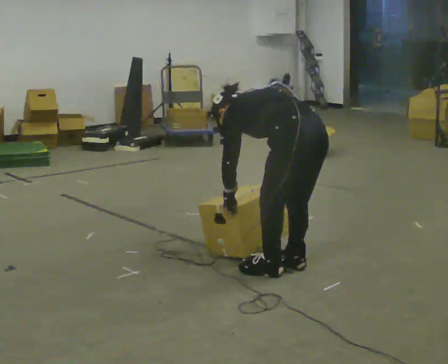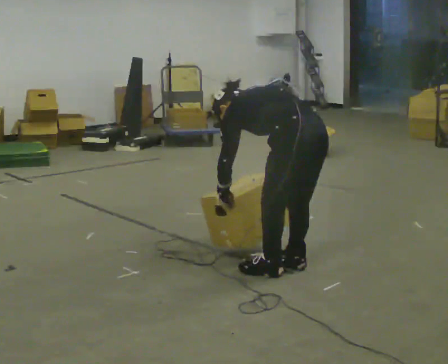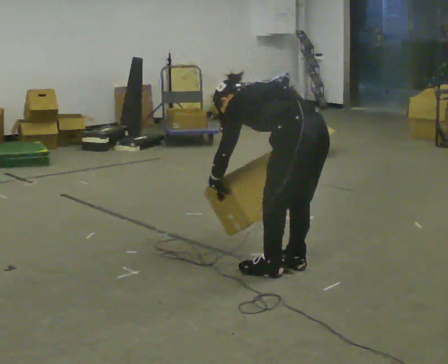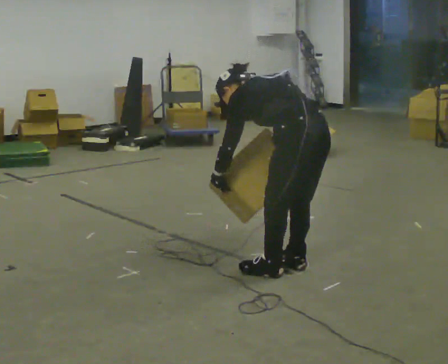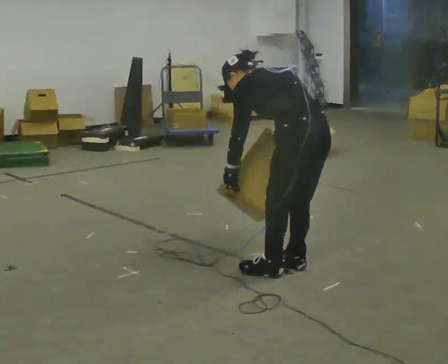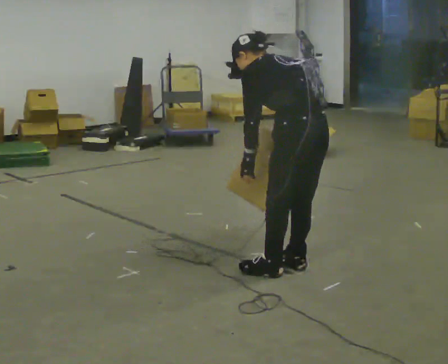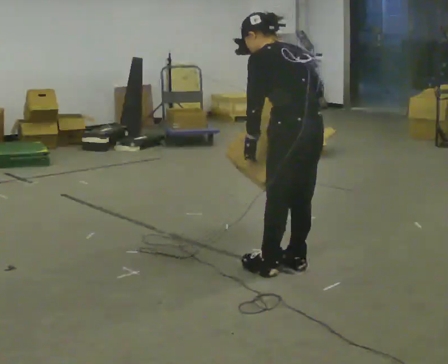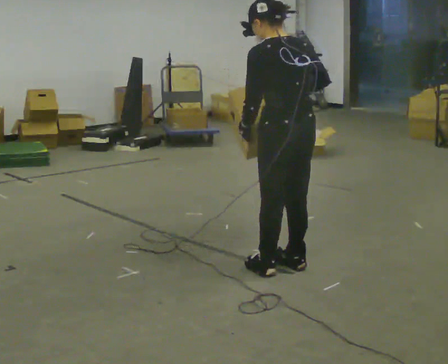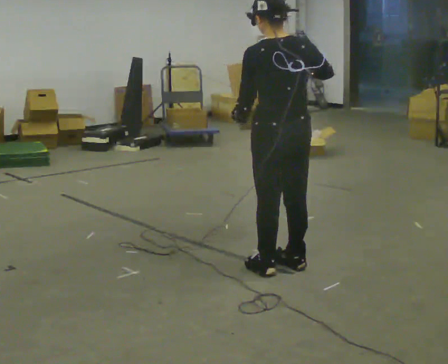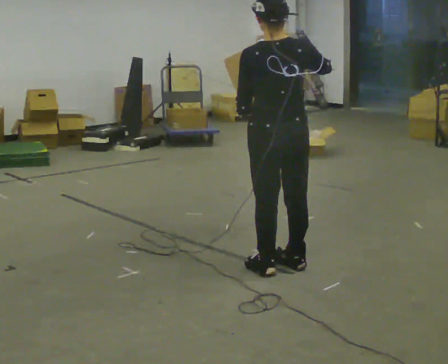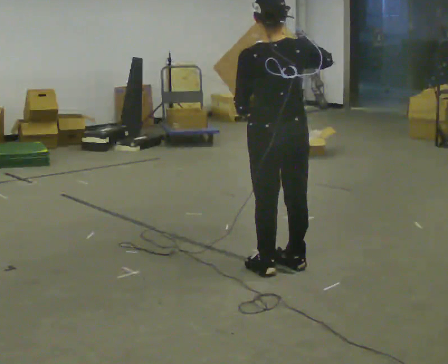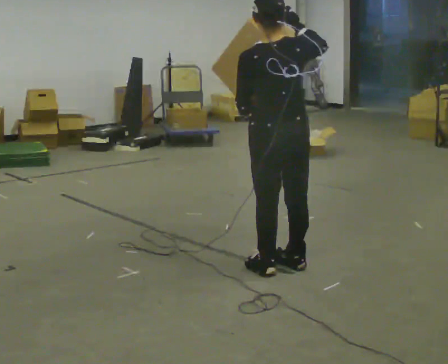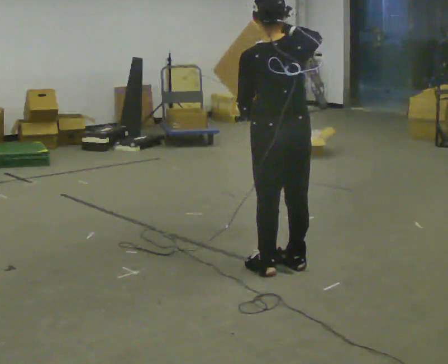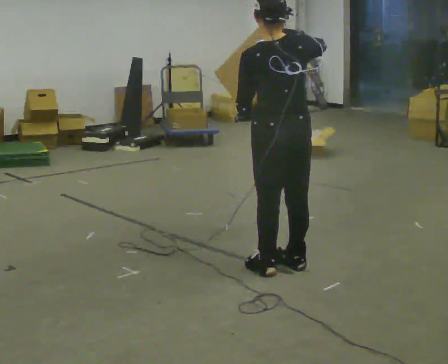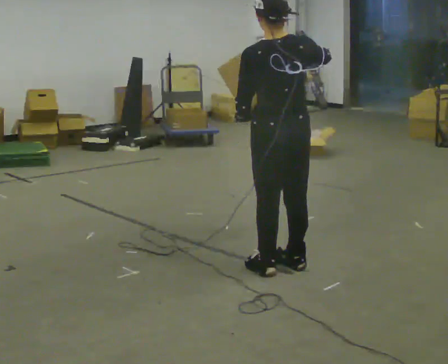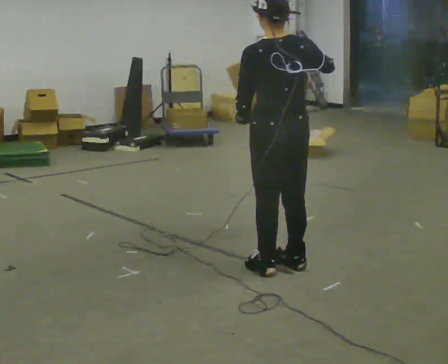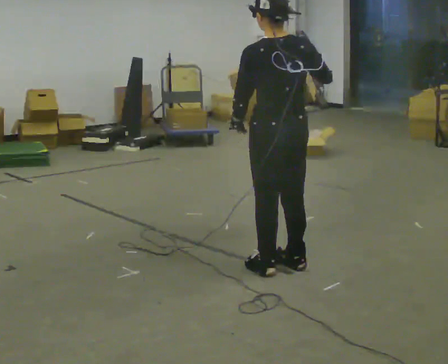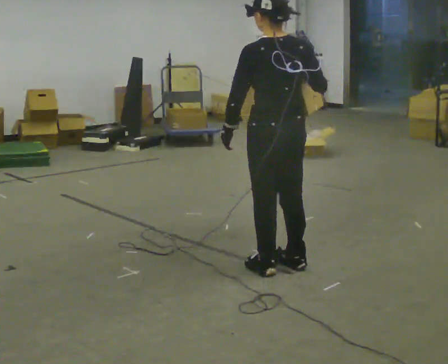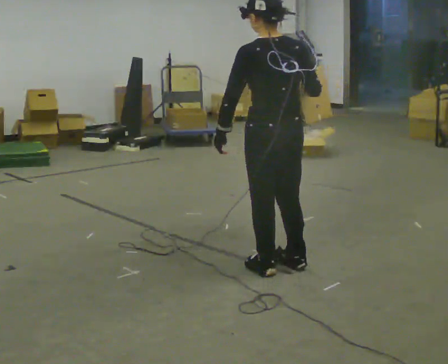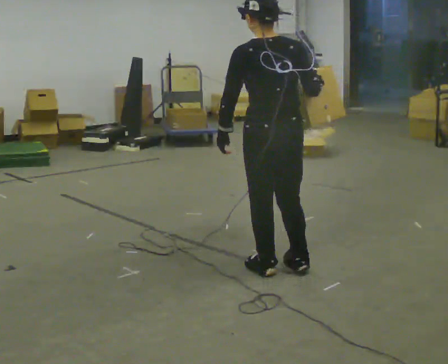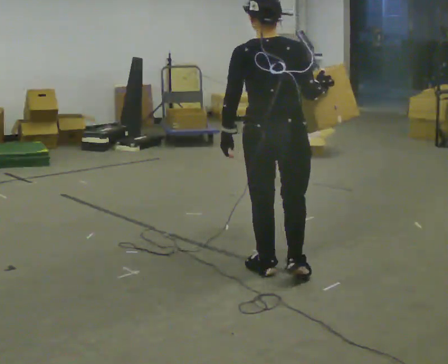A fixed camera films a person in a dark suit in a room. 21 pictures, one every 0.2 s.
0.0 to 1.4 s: The upper body goes upward. The upper body tips toward the camera, its near side rolling downward, as they lean back or straighten. In the picture their right hand goes upward.
1.4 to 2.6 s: The upper body tips toward the camera, its near side rolling downward, as they lean back or straighten. In the picture their right hand goes upward.
2.6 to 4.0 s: The person moves a little, or ends about where they began.
The film runs backward here.
